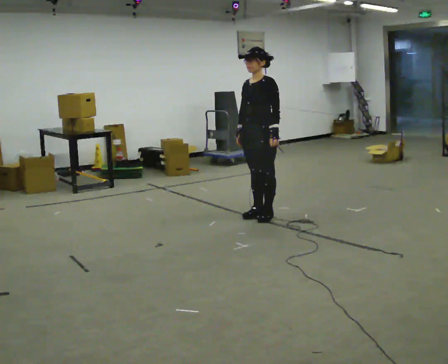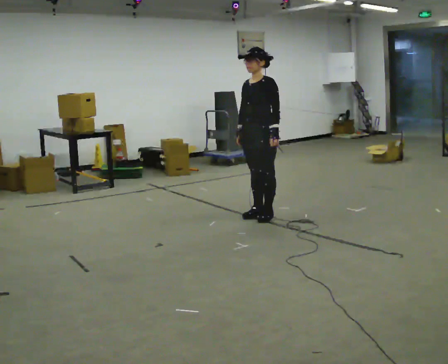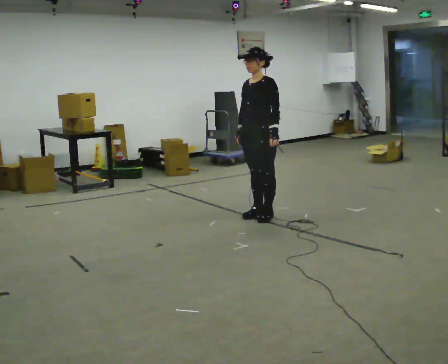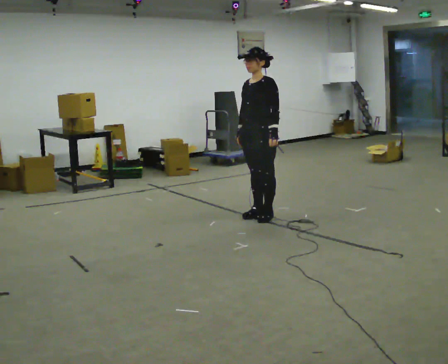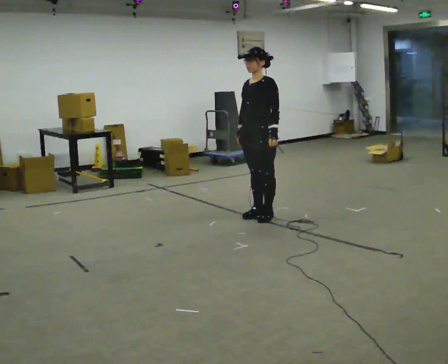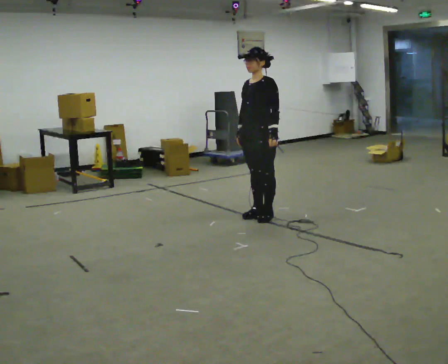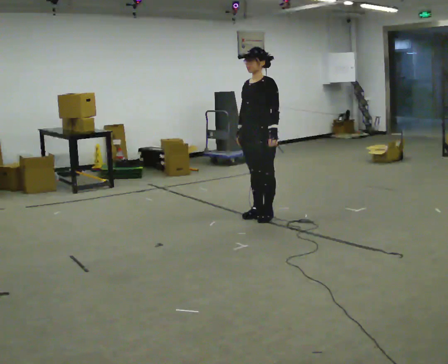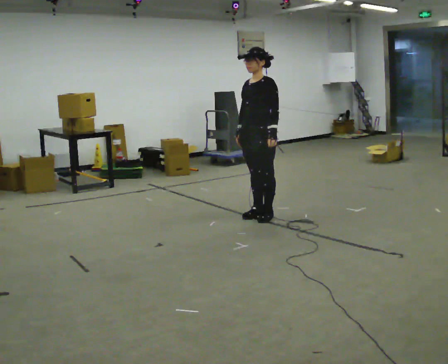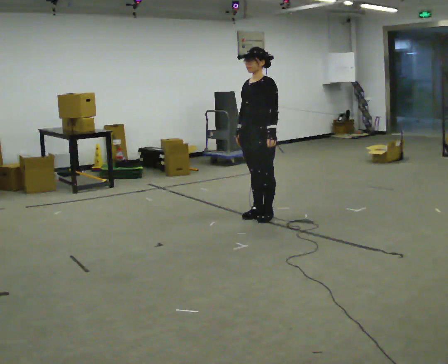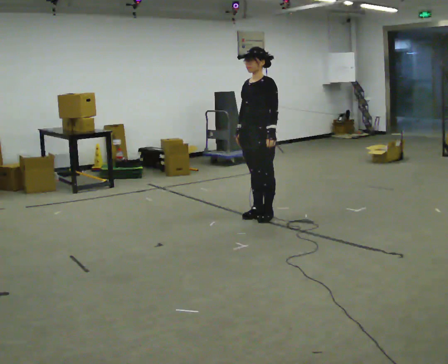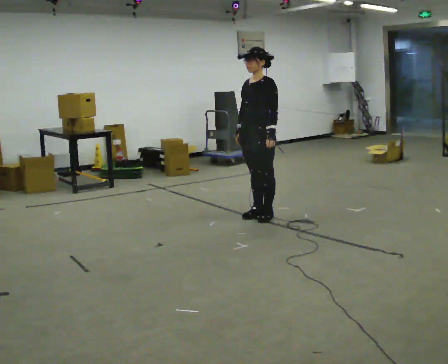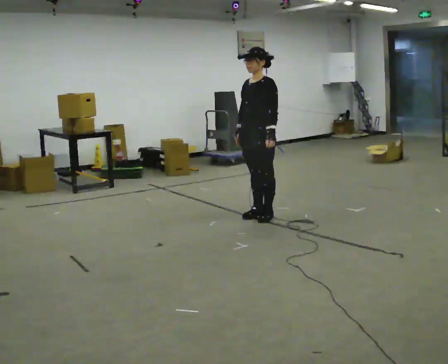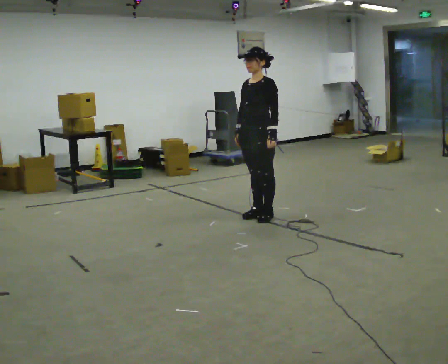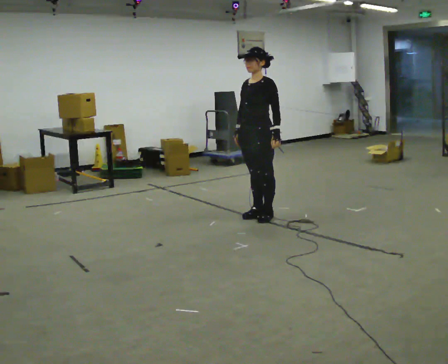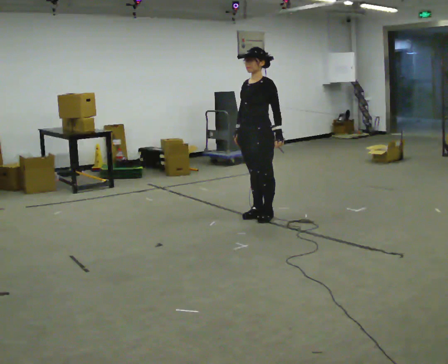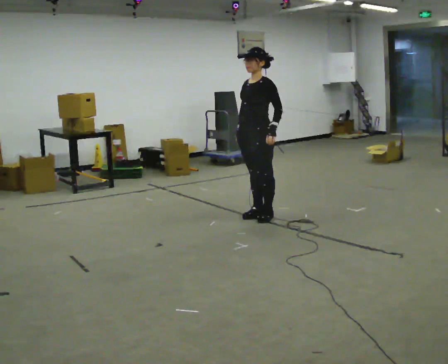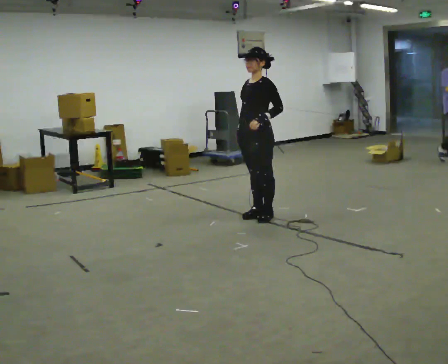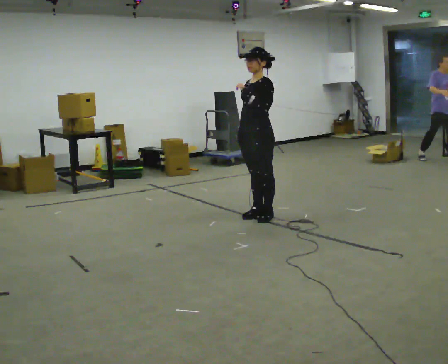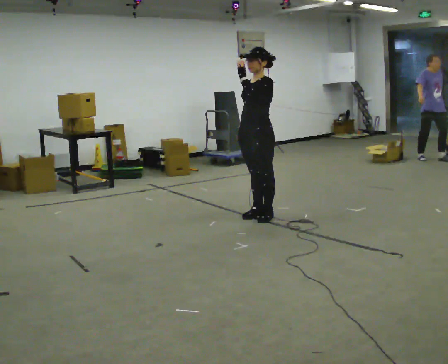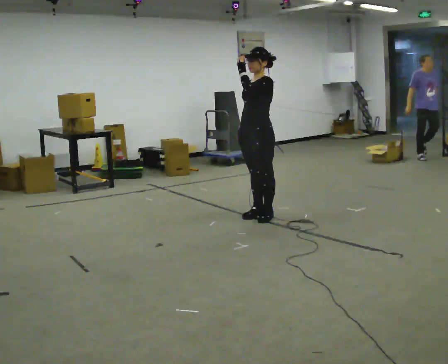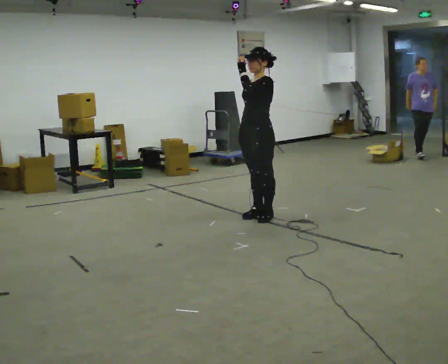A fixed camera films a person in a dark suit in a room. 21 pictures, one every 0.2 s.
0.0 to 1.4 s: The person keeps their place and pose.
1.4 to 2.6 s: The person moves a little, or ends about where they began.
2.6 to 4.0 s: In the picture their left hand goes upward and to the left.
The film runs backward here.
